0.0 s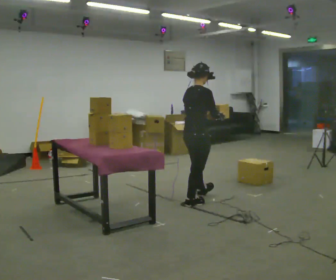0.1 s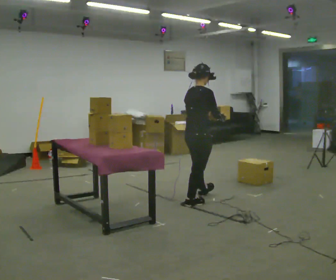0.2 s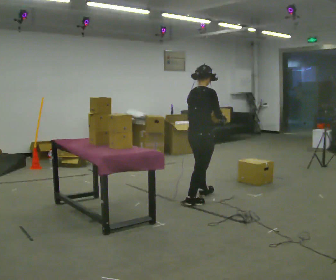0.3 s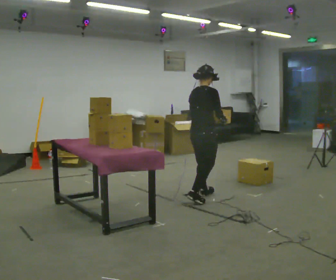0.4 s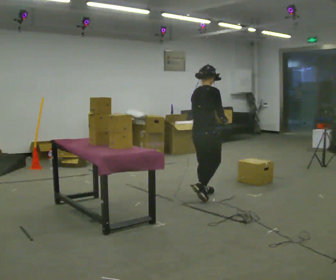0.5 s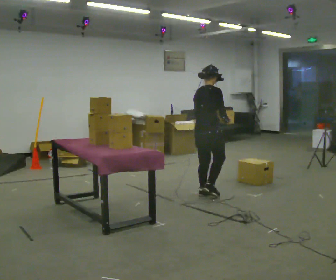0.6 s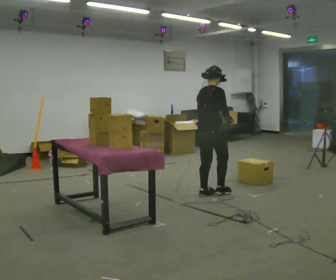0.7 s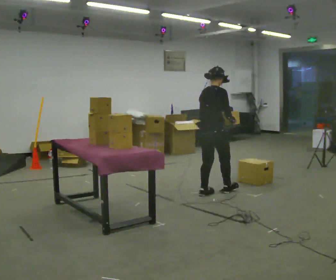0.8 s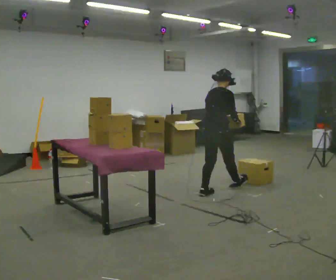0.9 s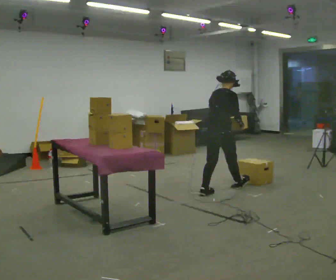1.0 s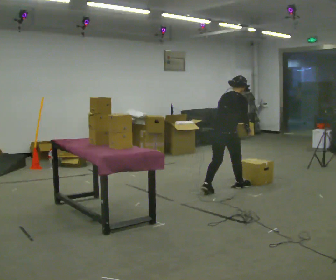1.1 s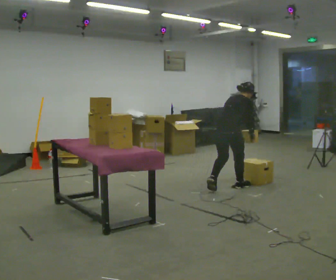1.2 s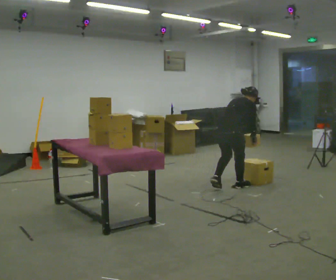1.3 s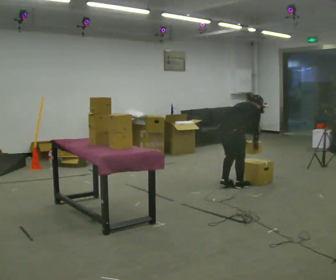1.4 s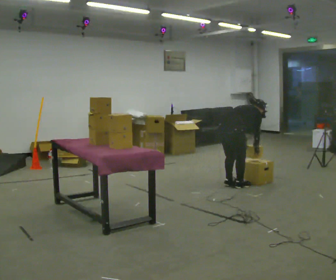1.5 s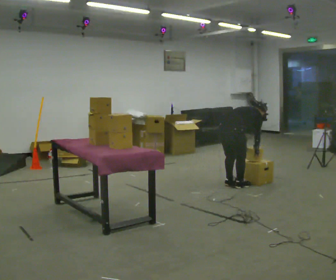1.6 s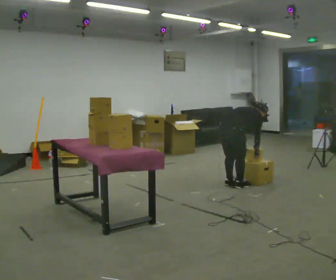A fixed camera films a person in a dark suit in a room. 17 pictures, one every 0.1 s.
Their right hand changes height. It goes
downward.
The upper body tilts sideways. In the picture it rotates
clockwise.
0.0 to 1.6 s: In the picture they go away from the camera and to the right, about 1 m in 2 steps, which for them is forward. The upper body goes downward. In the picture the upper body tilts clockwise, shoulders to the right, as they bend forward. In the picture their right hand goes downward.
The film runs forward here.
